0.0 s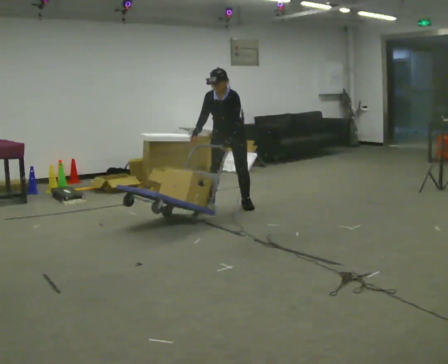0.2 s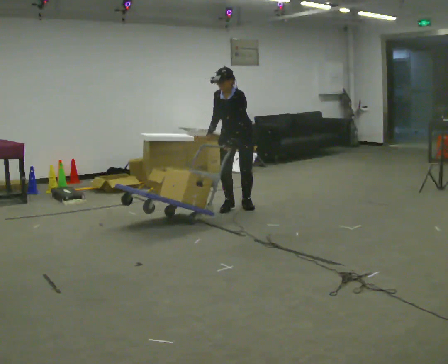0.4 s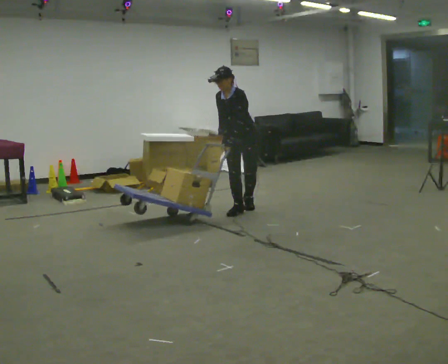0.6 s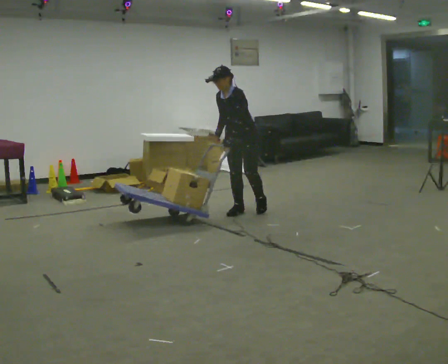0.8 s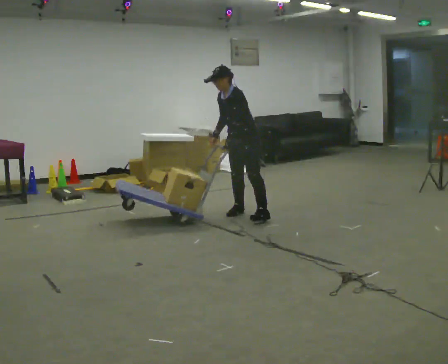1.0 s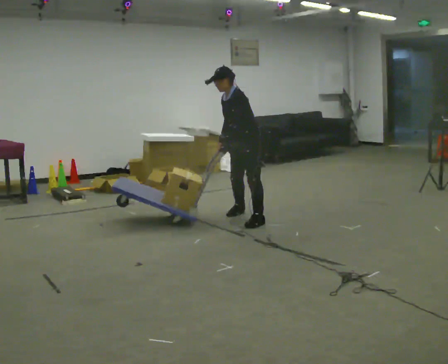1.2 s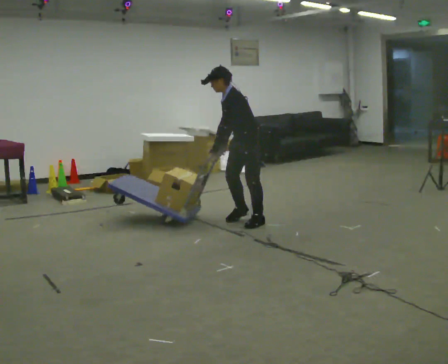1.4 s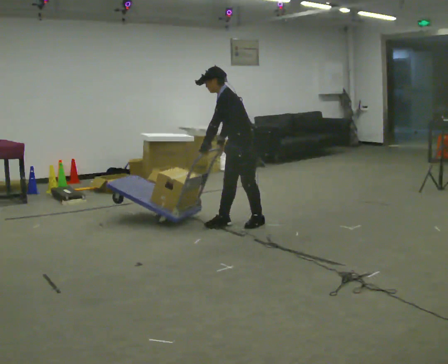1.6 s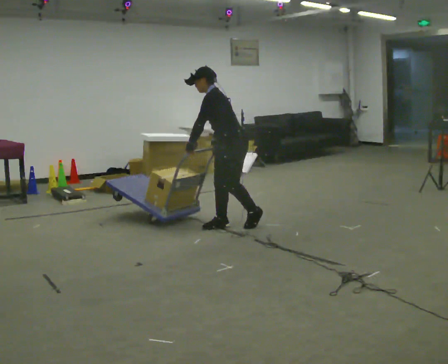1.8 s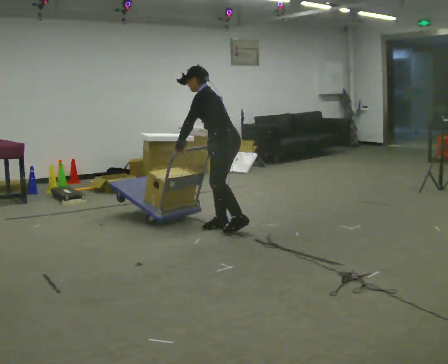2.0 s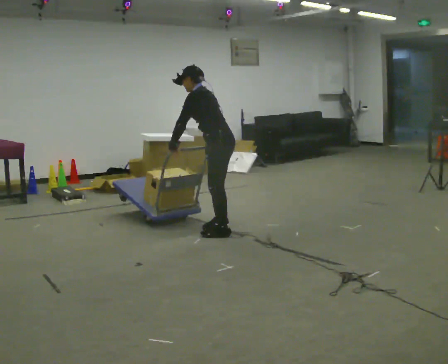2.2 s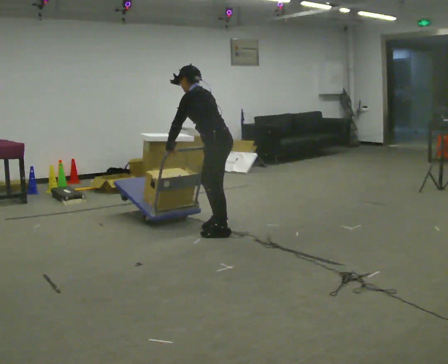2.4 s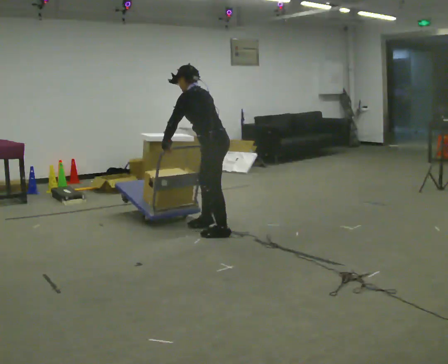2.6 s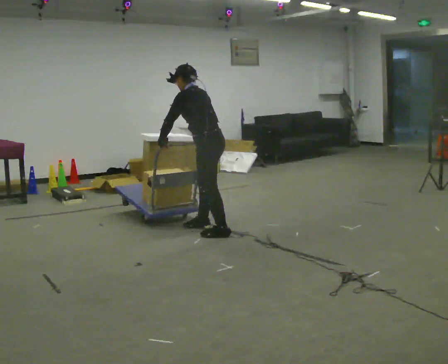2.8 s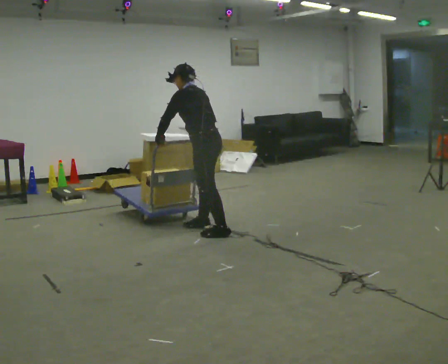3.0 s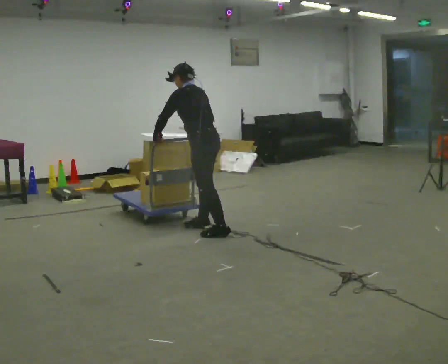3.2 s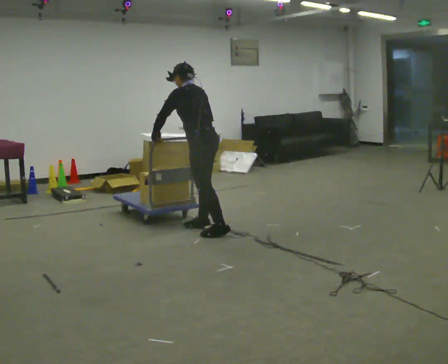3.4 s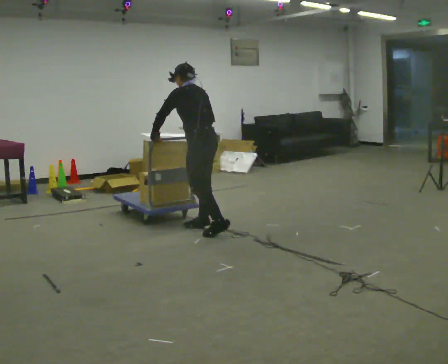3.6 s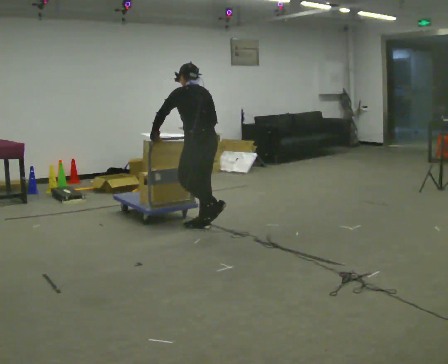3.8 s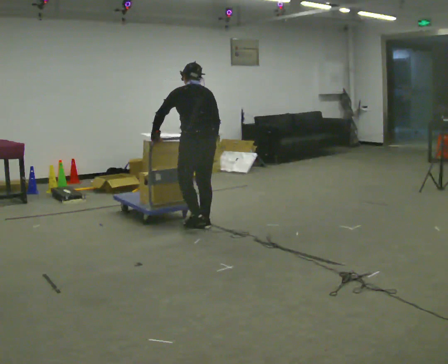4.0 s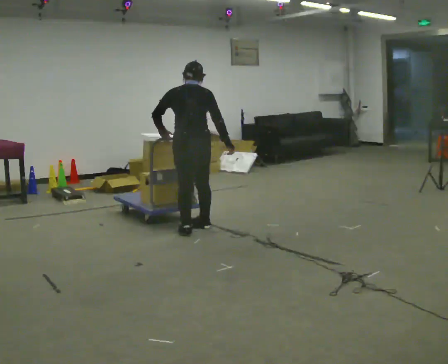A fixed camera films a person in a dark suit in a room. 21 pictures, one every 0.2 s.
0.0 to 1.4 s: The person turns about 60 degrees to their right, clockwise seen from above, so the part of the body nearest the lens slides to the left. In the picture they go toward the camera, about 1 m in 2 steps. In the picture the upper body tilts counterclockwise, shoulders to the left.
1.4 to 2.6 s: The person turns about 30 degrees to their right, clockwise seen from above, so the part of the body nearest the lens slides to the left. In the picture they go toward the camera and to the left, about 0.5 m in 3 steps, which for them is to their left and forward.
2.6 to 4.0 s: Seen from above the body turns clockwise, about 60 degrees: to their right, with its near side sliding to the left. In the picture they go to the left, about 0.25 m in 1 step, which for them is forward. In the picture the upper body tilts clockwise, shoulders to the right, as they lean back or straighten.
The film runs forward here.
